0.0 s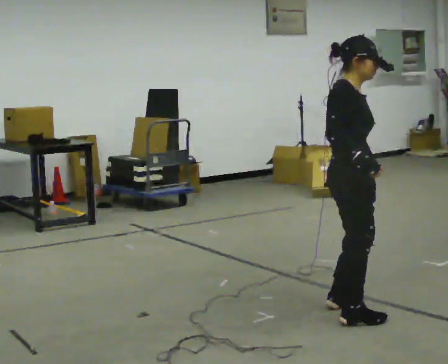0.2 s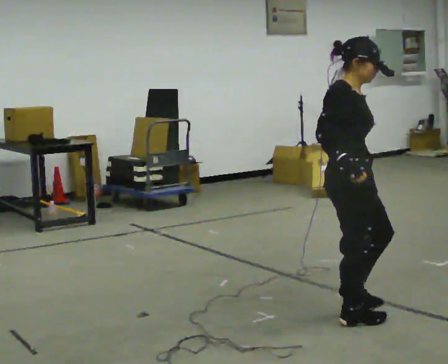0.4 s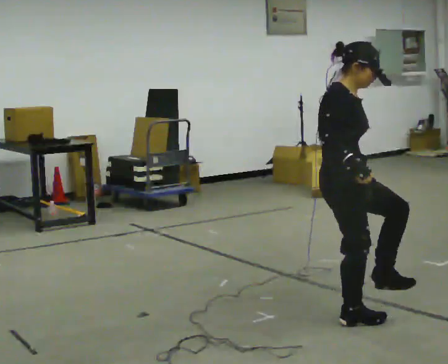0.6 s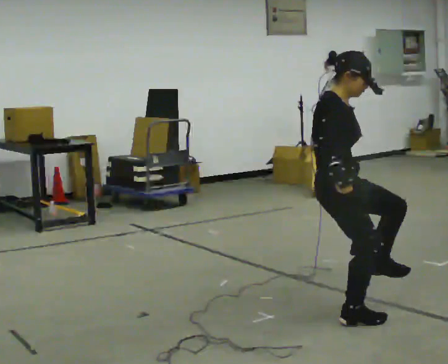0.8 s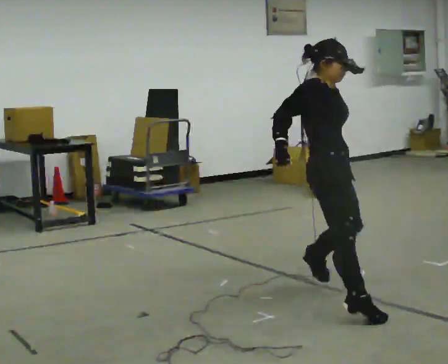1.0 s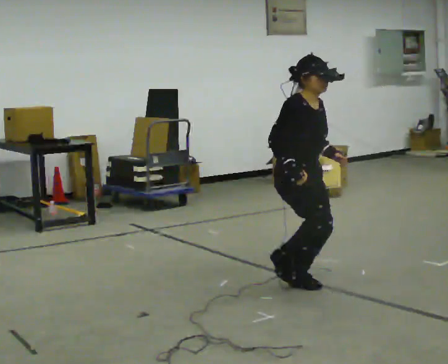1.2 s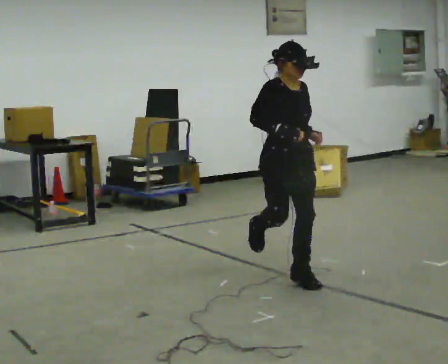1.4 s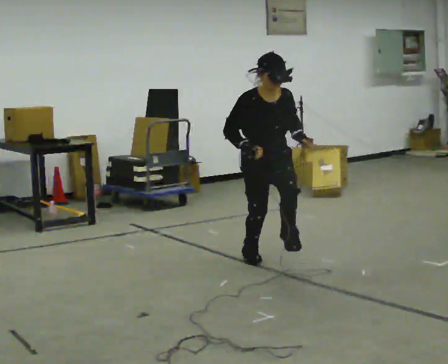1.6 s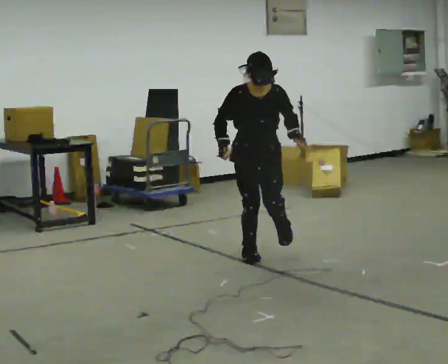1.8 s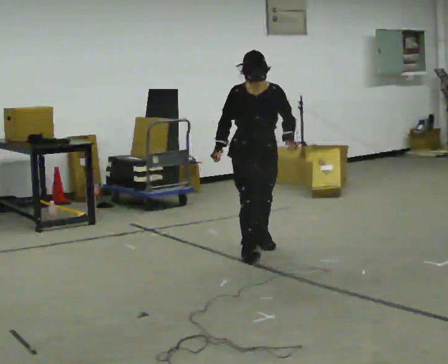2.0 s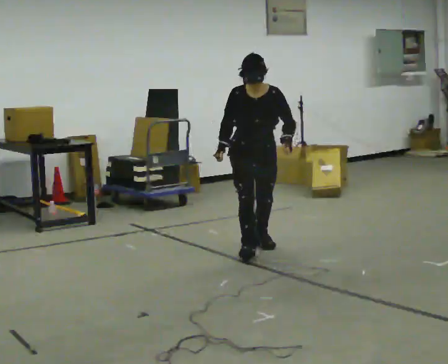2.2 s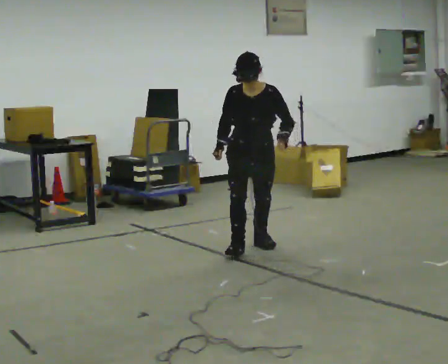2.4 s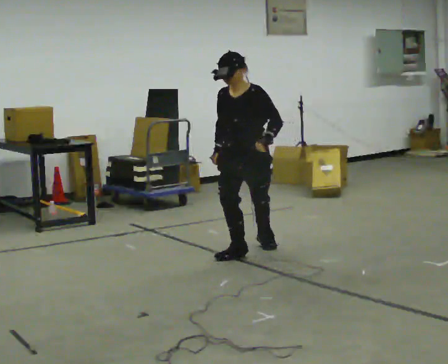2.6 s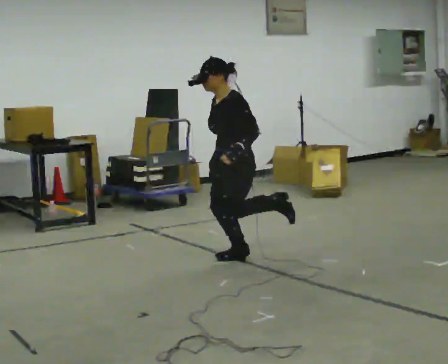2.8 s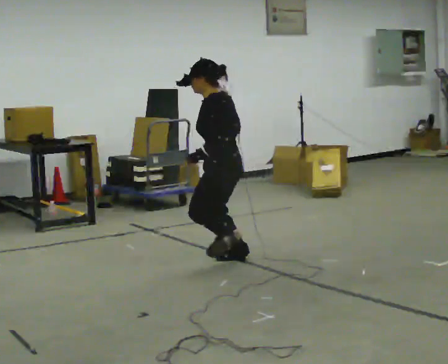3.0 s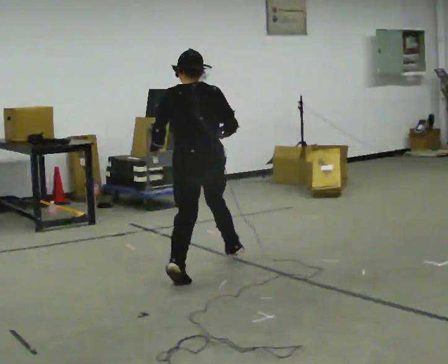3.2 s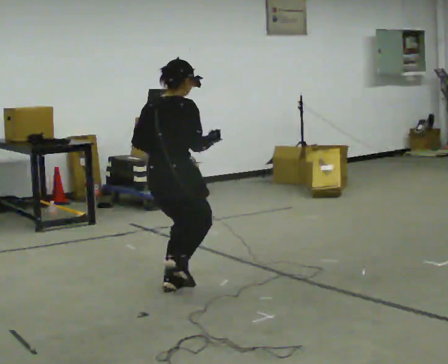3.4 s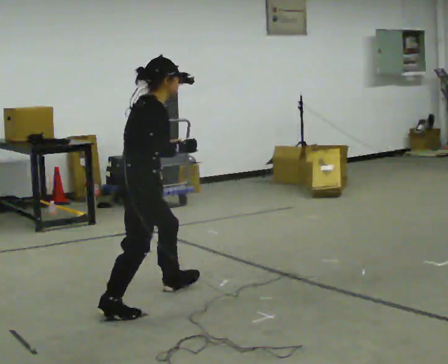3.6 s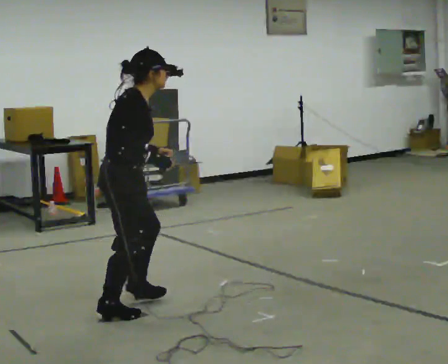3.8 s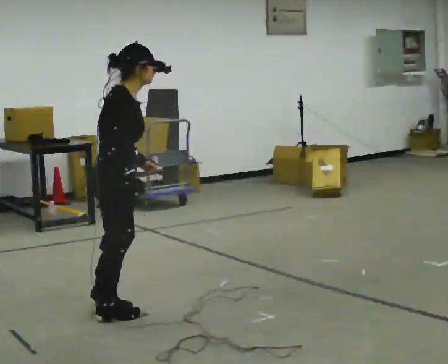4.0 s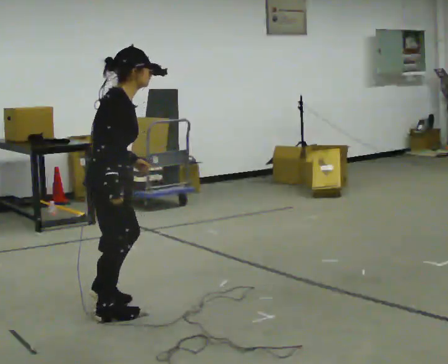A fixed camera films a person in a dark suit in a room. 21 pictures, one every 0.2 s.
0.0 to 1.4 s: Seen from above the body turns clockwise, about 60 degrees: to their right, with its near side sliding to the left. In the picture they go away from the camera, about 1 m in 1 step. The upper body tips toward the camera, its near side rolling downward.
1.4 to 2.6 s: The person turns about 75 degrees to their right, clockwise seen from above, so the part of the body nearest the lens slides to the left. In the picture they go to the left and away from the camera, about 0.25 m in 2 steps.
2.6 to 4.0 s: The part of the body nearest the lens slides to the left as the person turns to their right by about 195 degrees. In the picture they go toward the camera and to the left, about 1.5 m in 3 steps. In the picture the upper body tilts clockwise, shoulders to the right.
The film runs forward here.
